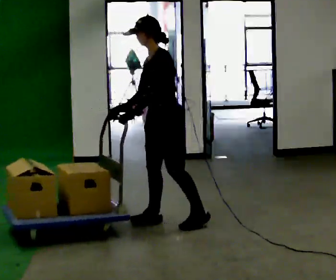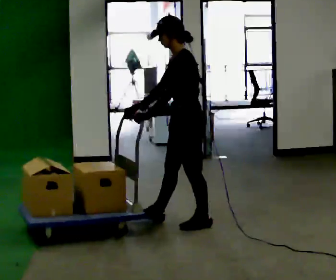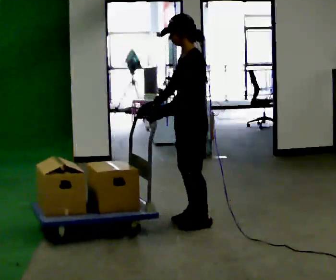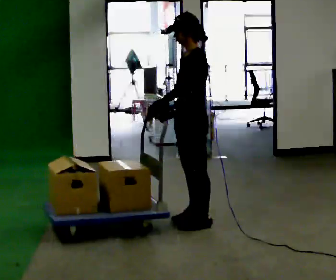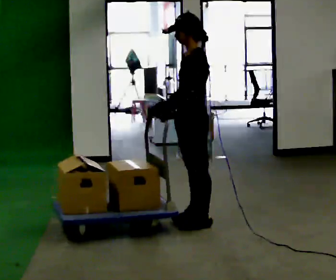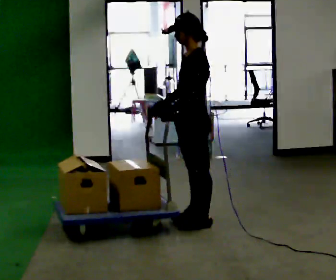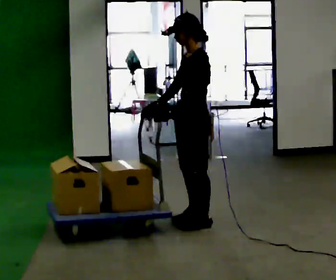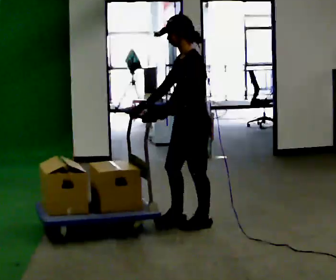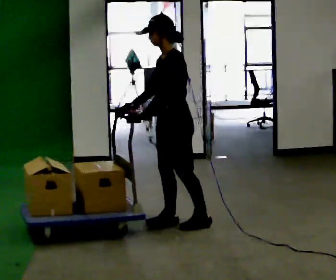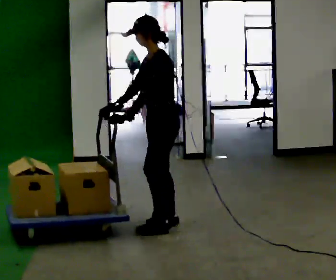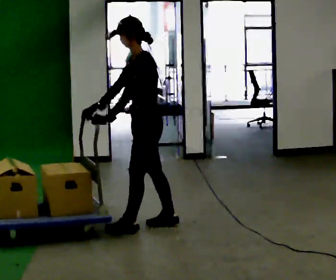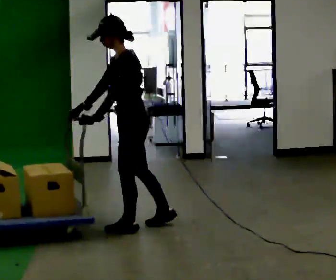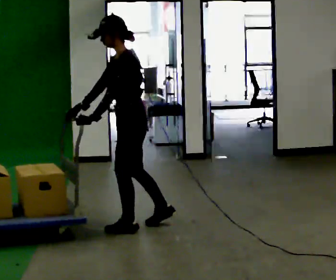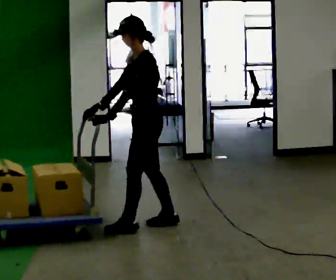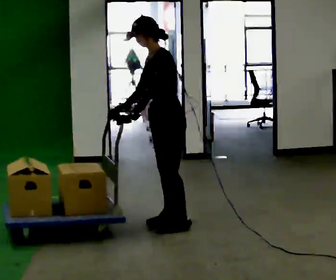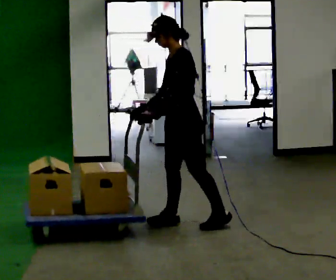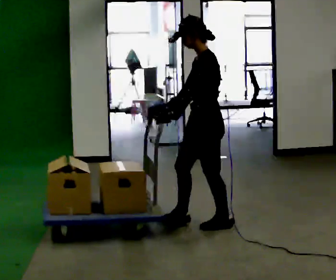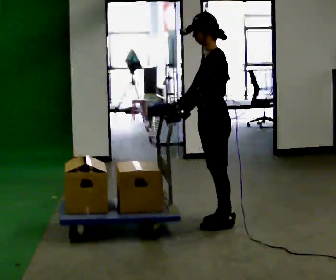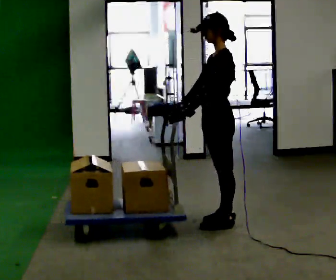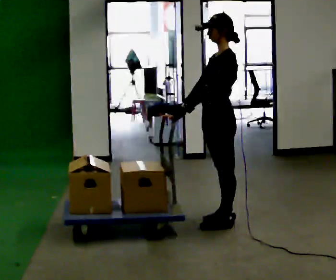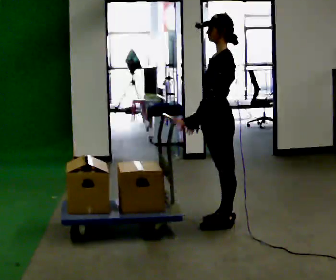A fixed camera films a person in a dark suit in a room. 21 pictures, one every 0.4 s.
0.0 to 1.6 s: In the picture they go to the right, about 0.25 m in 1 step, which for them is backward. In the picture their right hand goes to the right.
1.6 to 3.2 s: The person moves a little, or ends about where they began.
3.2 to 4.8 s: In the picture they go to the left, about 0.25 m in 1 step, which for them is forward.
4.8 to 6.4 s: In the picture they go to the right, about 0.5 m in 1 step, which for them is backward.
6.4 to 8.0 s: The person moves a little, or ends about where they began.
The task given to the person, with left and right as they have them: Get the cart into the marked parking space and lined up with the tape. Take as many adjustments as you need. Then take it out again and repeat.
The film runs forward here.
